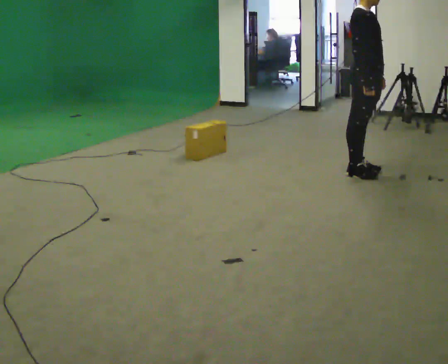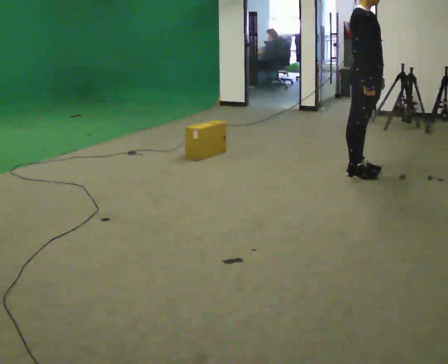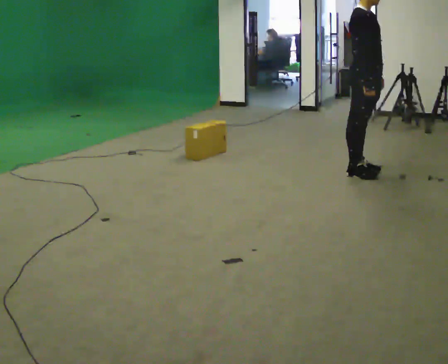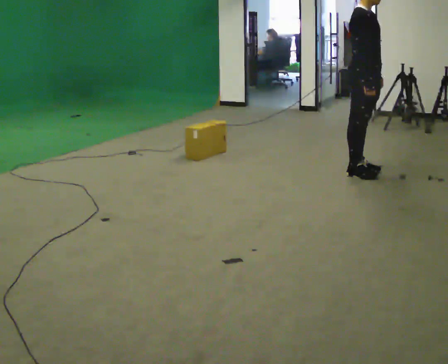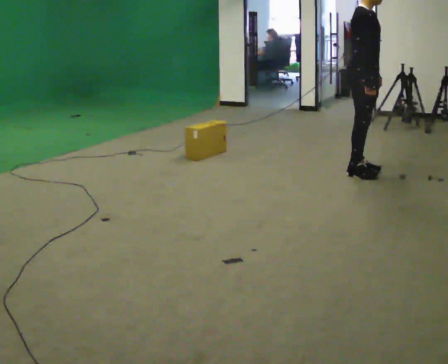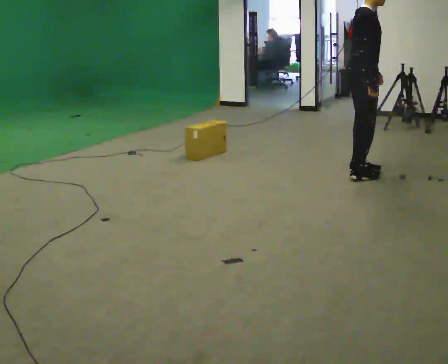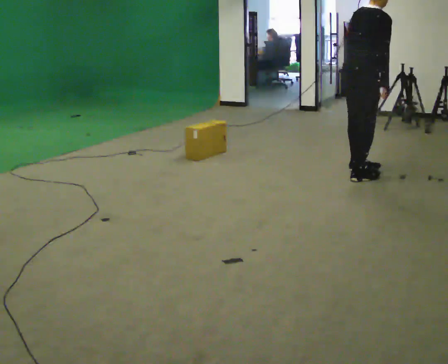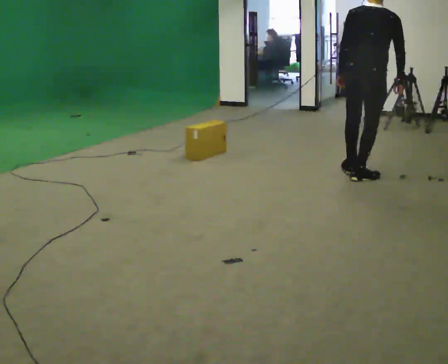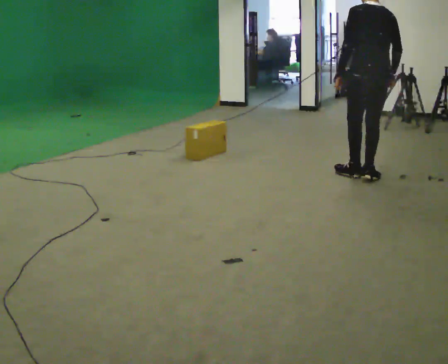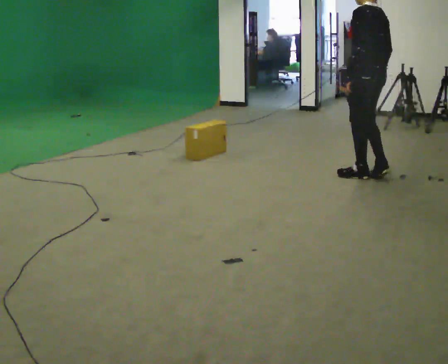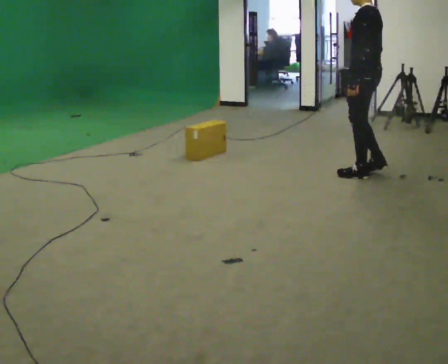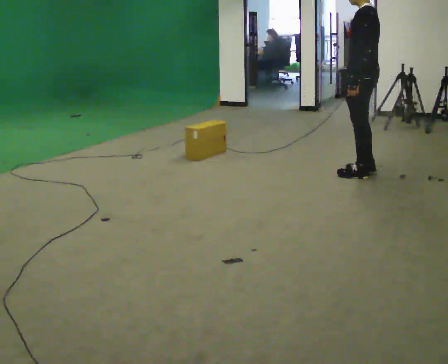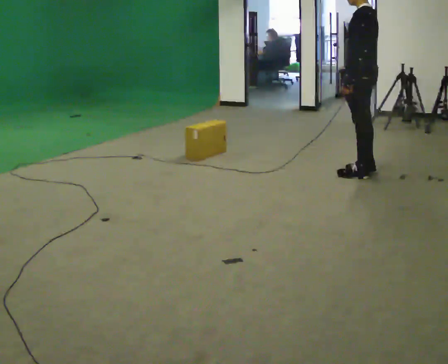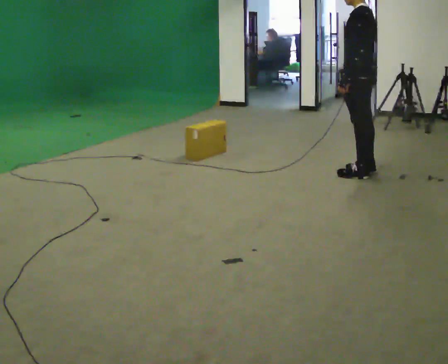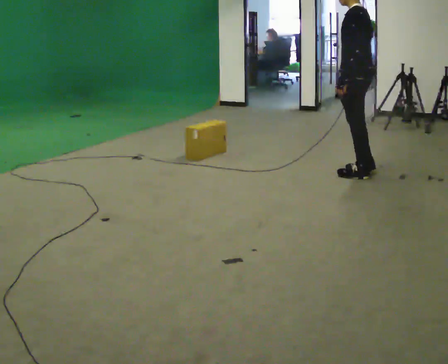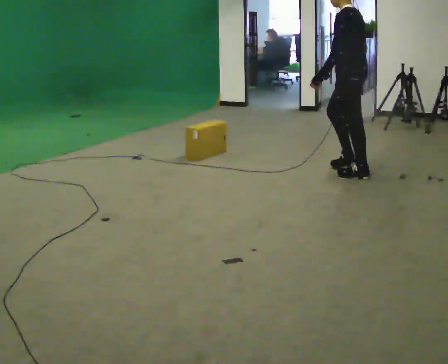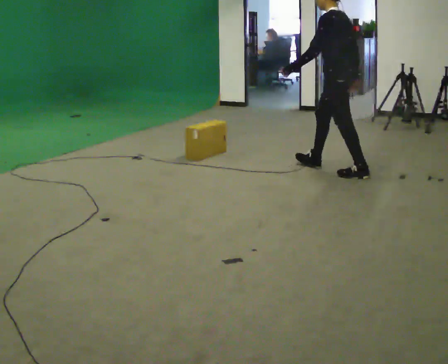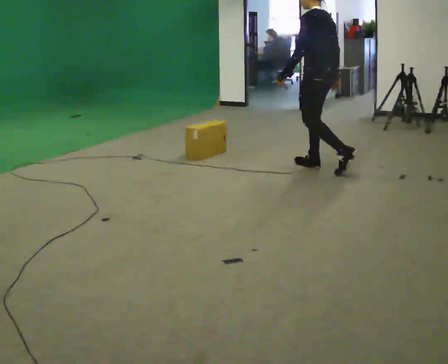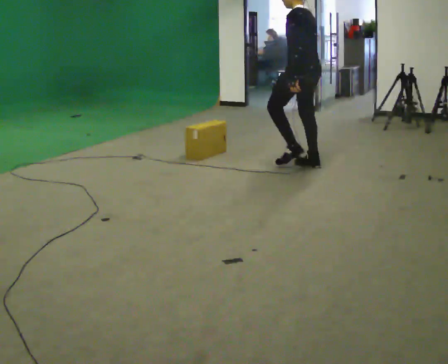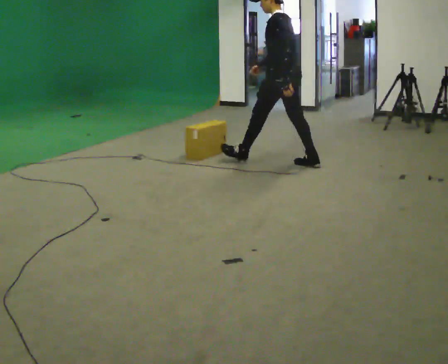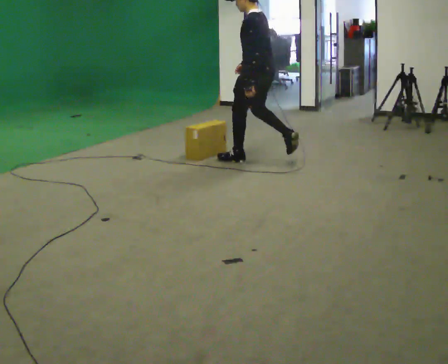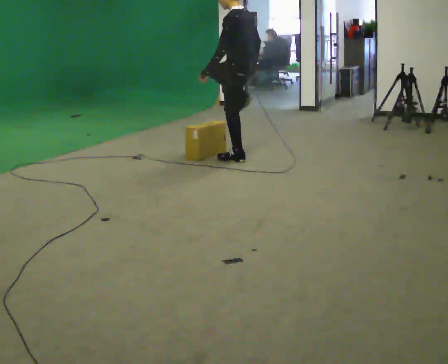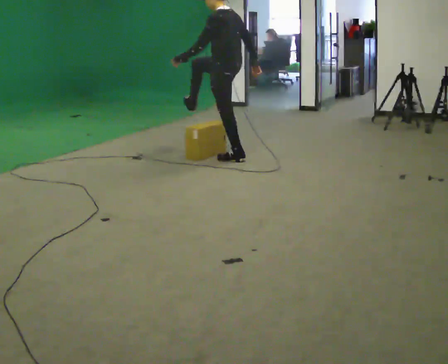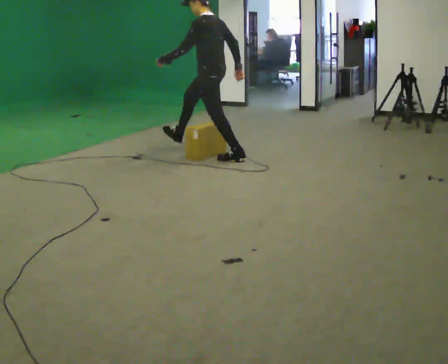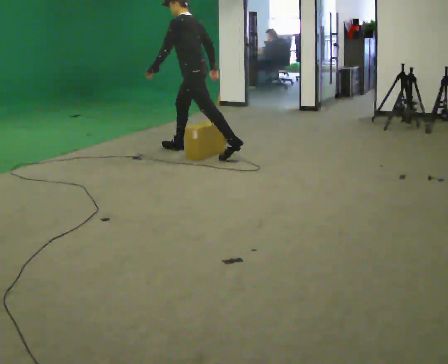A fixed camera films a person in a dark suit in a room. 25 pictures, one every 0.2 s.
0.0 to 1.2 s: The person turns about 60 degrees to their left, counterclockwise seen from above, so the part of the body nearest the lens slides to the right. In the picture the upper body tilts clockwise, shoulders to the right, as they bend forward.
1.2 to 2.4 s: The part of the body nearest the lens slides to the right as the person turns to their left by about 120 degrees.
2.4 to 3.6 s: In the picture they go to the left, about 0.5 m in 1 step, which for them is forward.
3.6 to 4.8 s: In the picture they go to the left, about 1 m in 2 steps, which for them is forward.
The film runs forward here.
